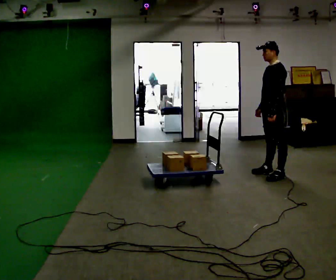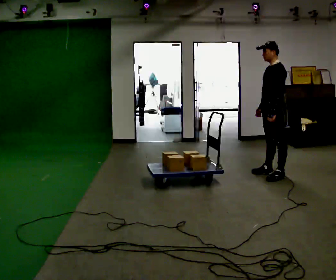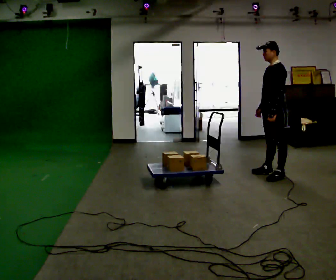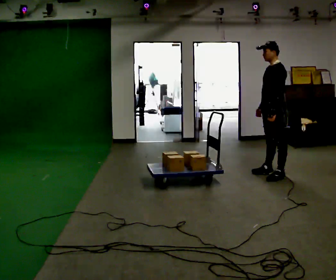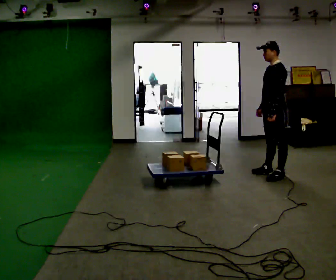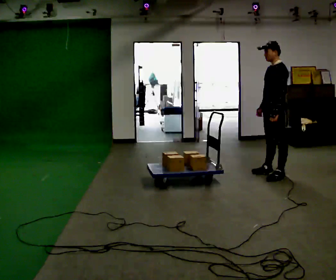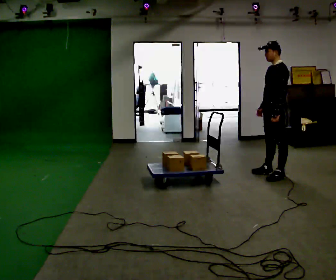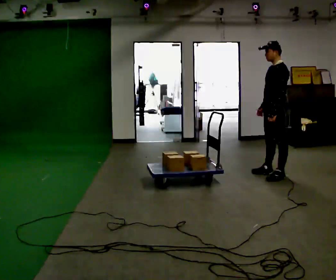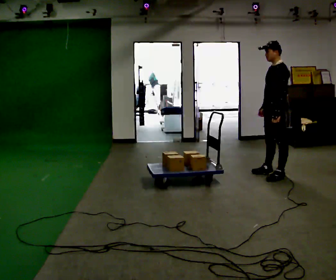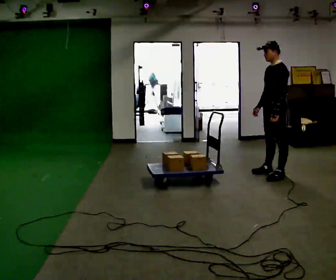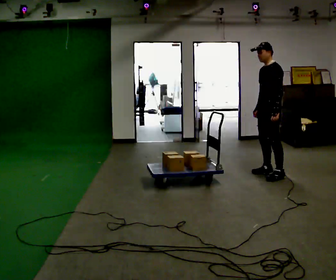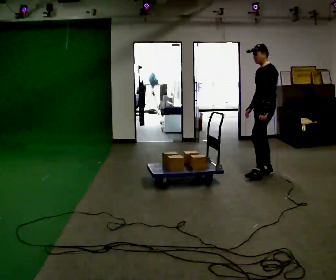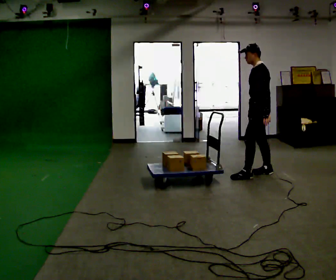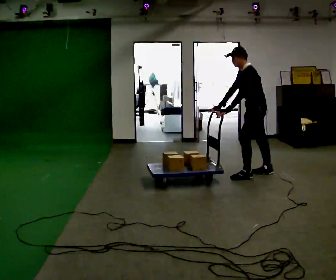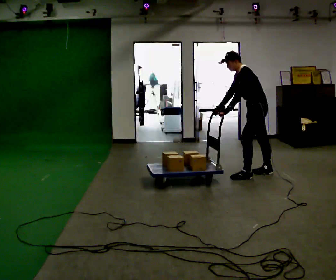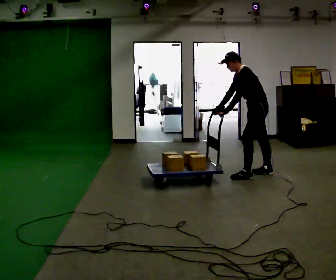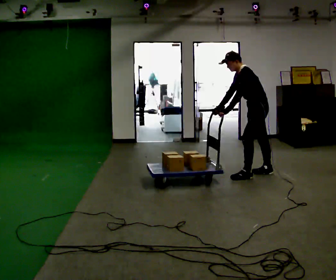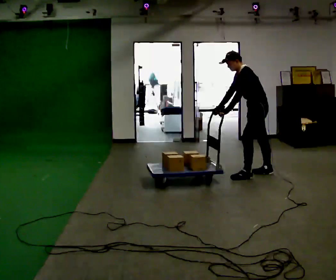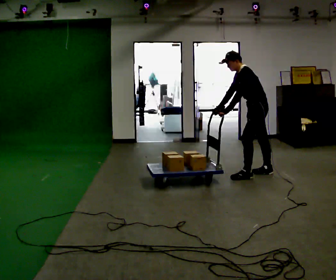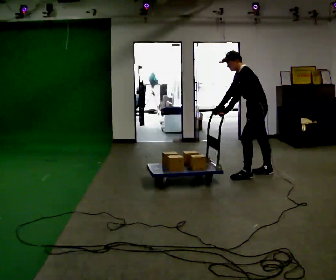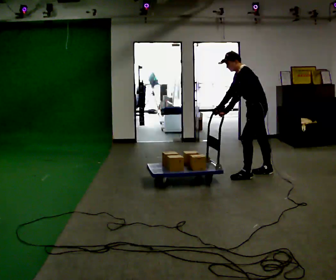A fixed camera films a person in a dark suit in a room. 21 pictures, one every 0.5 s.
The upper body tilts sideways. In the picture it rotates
counterclockwise.
0.0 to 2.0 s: The person keeps their place and pose.
2.0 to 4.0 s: The person moves a little, or ends about where they began.
4.0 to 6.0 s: In the picture they go to the left and away from the camera, about 0.25 m in 1 step, which for them is to their right.
6.0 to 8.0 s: In the picture the upper body tilts counterclockwise, shoulders to the left, as they bend forward. In the picture their right hand goes to the left.
8.0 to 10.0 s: The person keeps their place and pose.
The film runs backward here.
